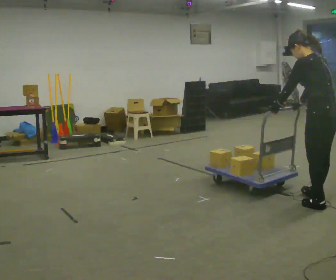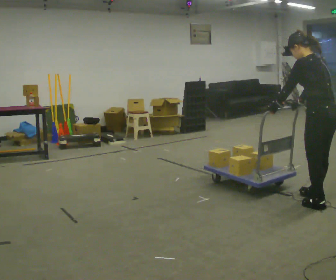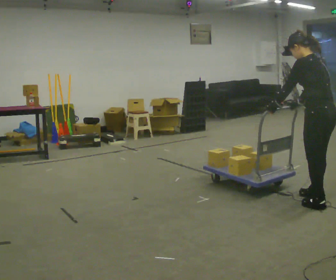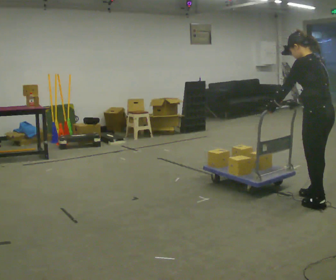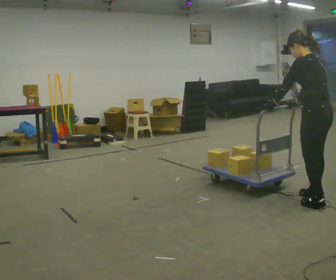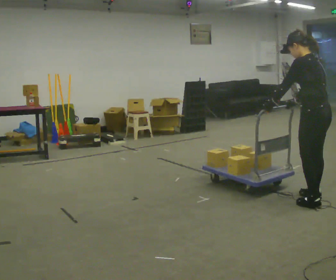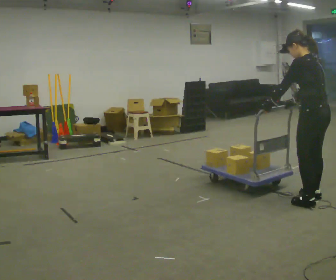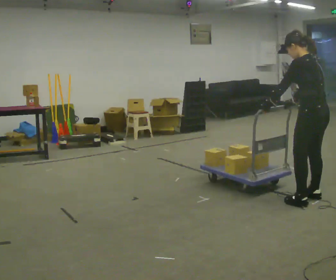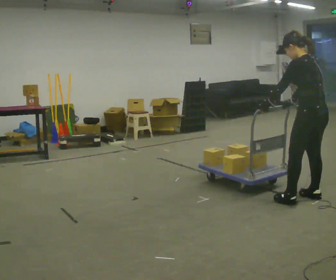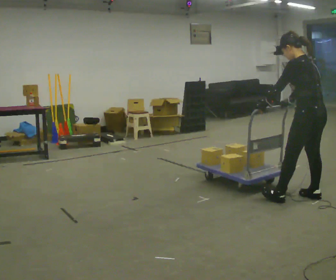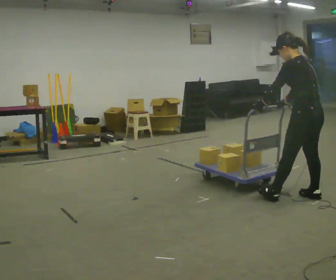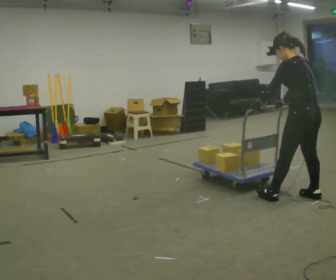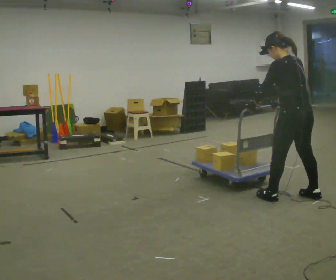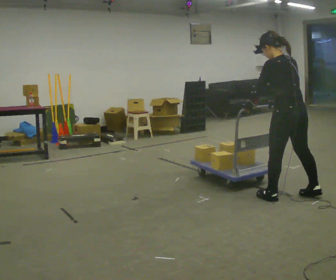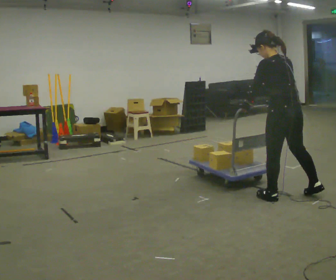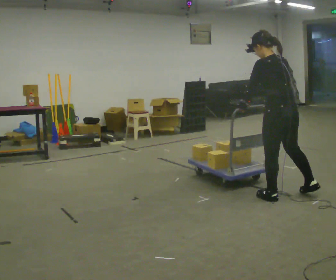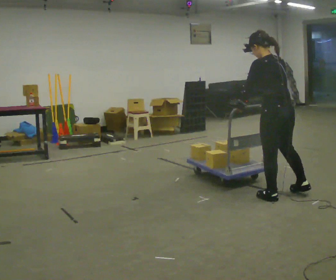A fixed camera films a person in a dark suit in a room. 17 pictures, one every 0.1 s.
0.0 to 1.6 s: In the picture they go to the left and away from the camera, about 0.5 m in 2 steps, which for them is forward.
The film runs backward here.
